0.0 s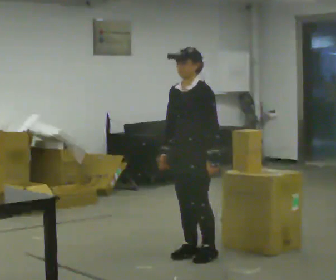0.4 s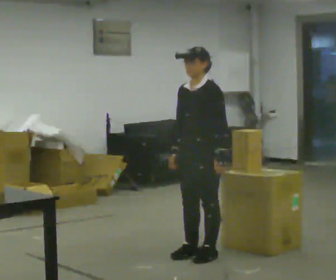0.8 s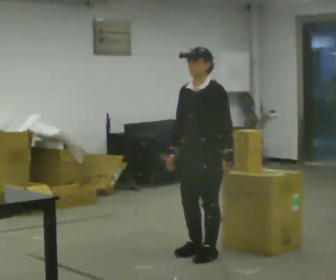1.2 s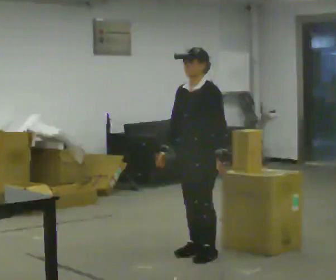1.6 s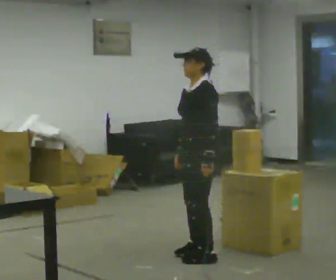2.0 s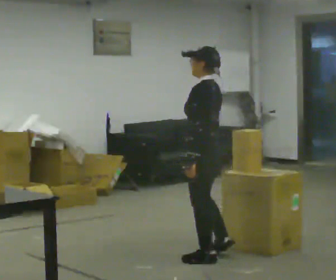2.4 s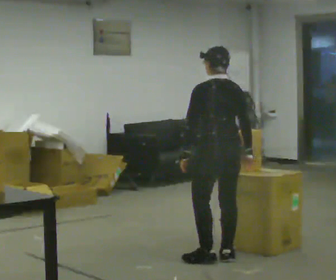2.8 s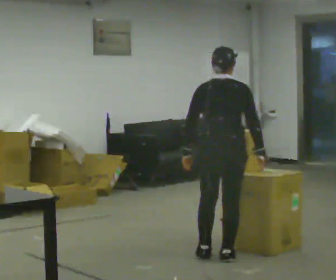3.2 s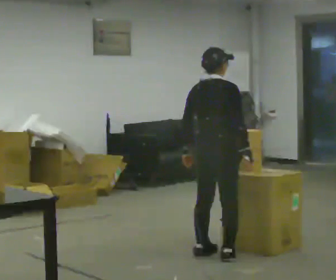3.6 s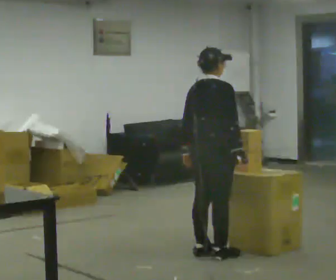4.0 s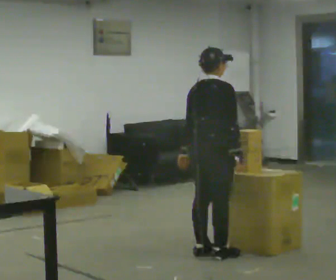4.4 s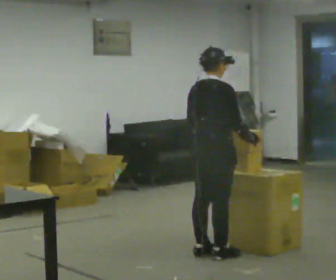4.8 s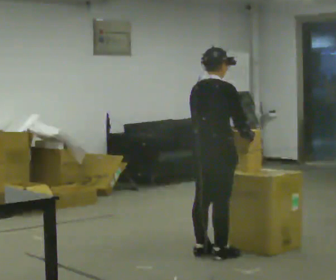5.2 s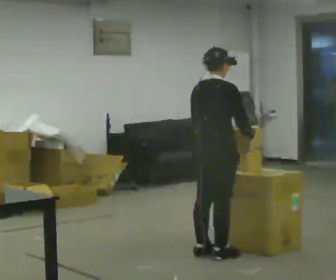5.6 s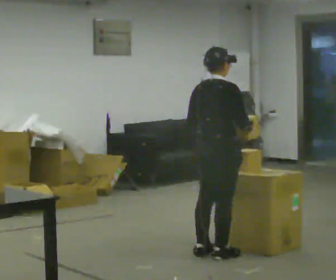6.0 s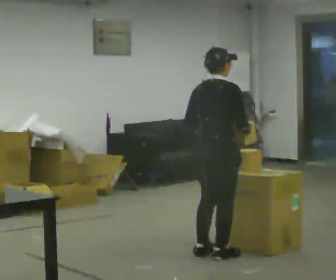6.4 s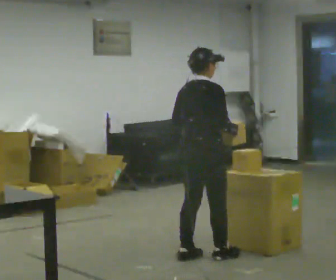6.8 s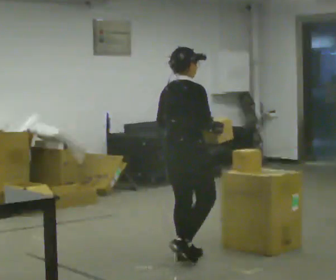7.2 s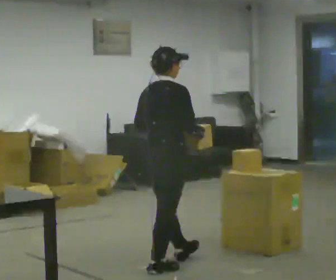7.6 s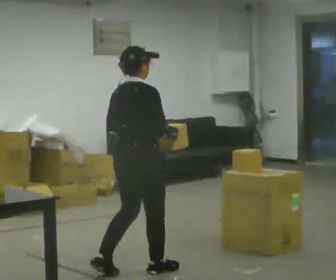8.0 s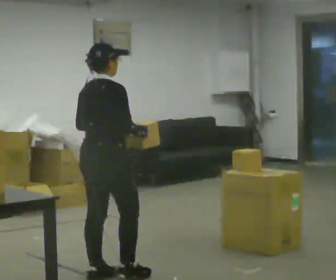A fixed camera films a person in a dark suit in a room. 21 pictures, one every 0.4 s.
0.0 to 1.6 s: The person moves a little, or ends about where they began.
1.6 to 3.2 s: Seen from above the body turns clockwise, about 150 degrees: to their right, with its near side sliding to the left. In the picture their right hand goes to the right, the arm swinging counterclockwise.
3.2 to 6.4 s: The person moves a little, or ends about where they began.
6.4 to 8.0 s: In the picture they go to the left and toward the camera, about 1 m in 3 steps, which for them is backward.
The film runs backward here.
